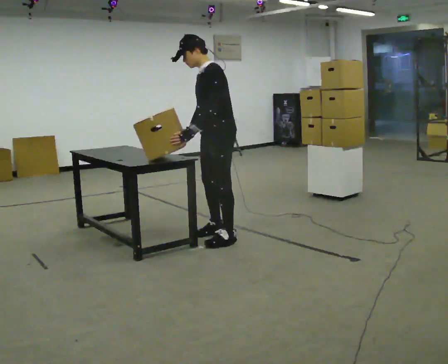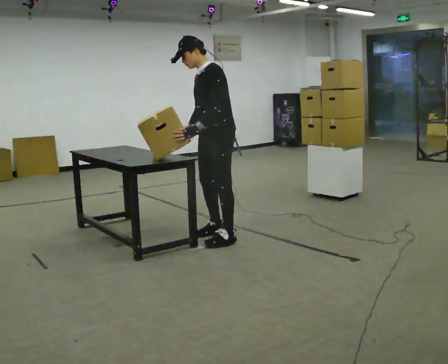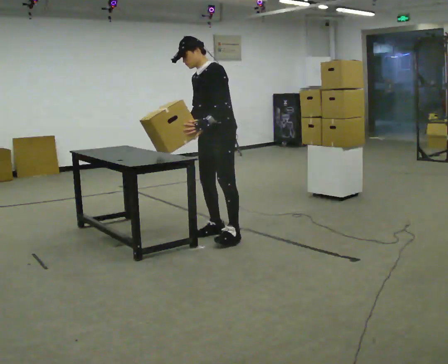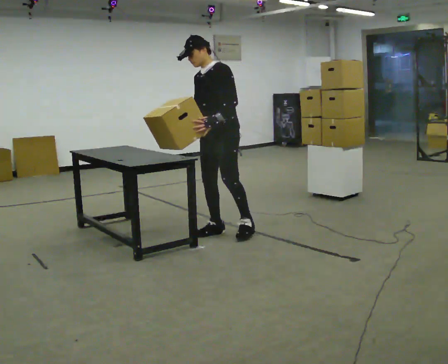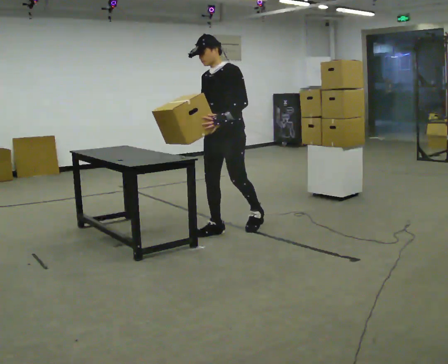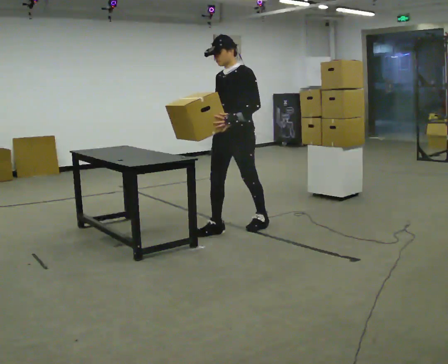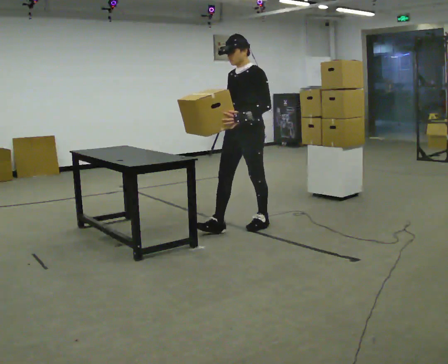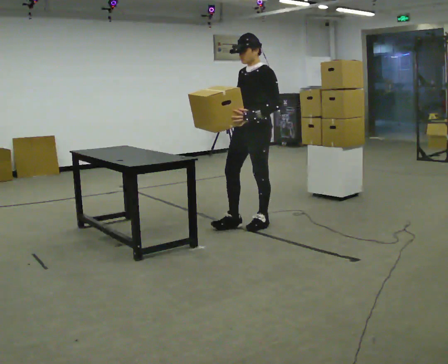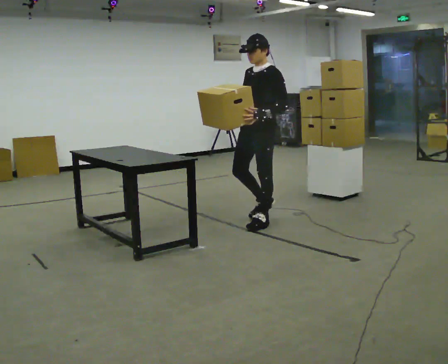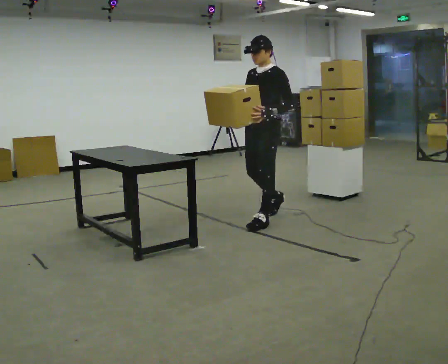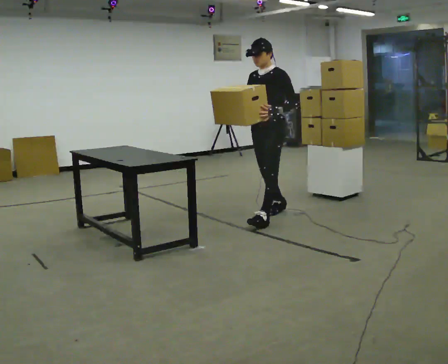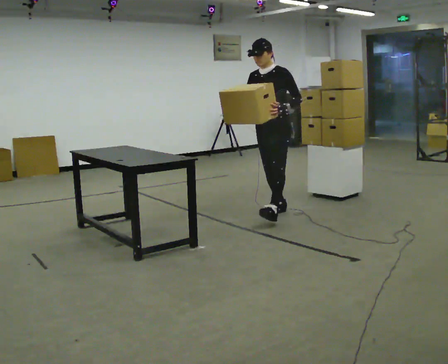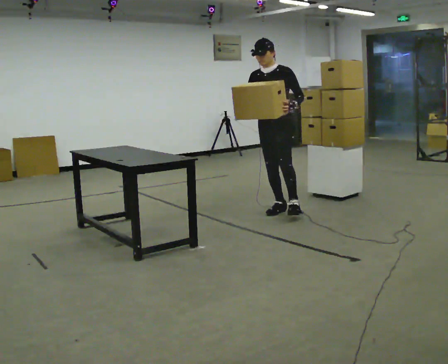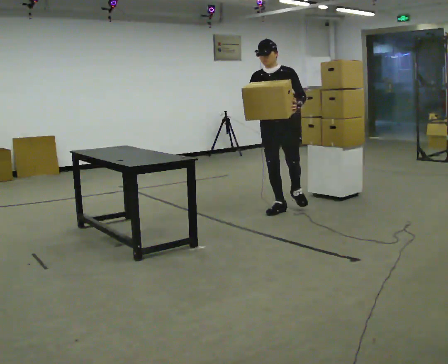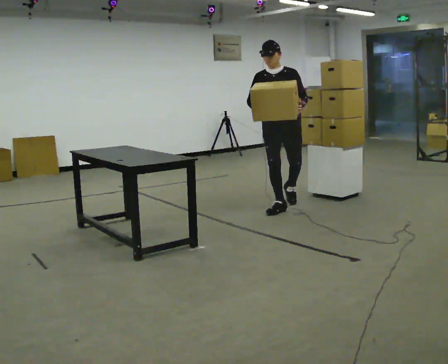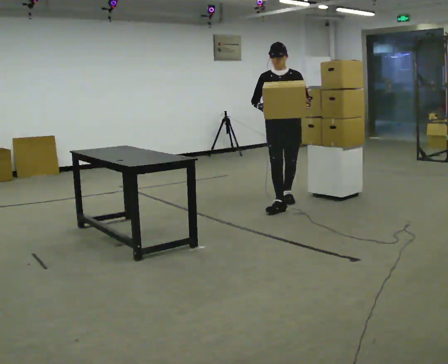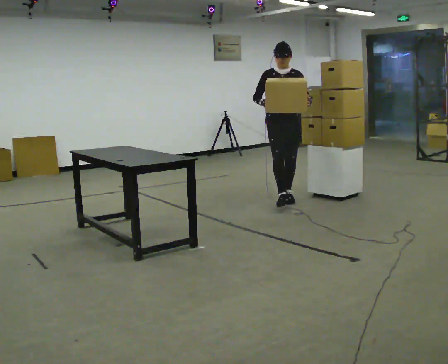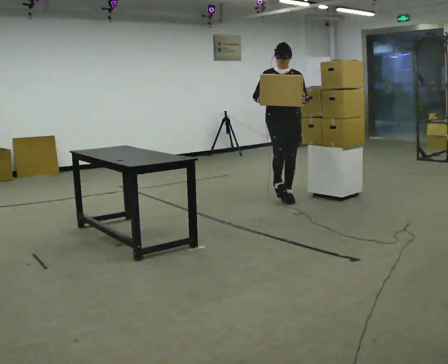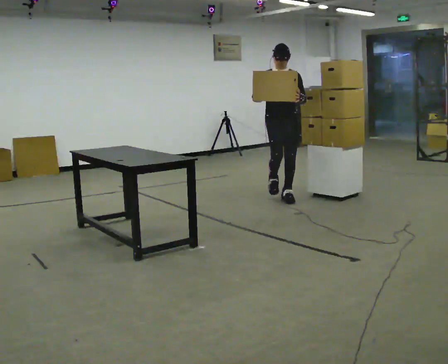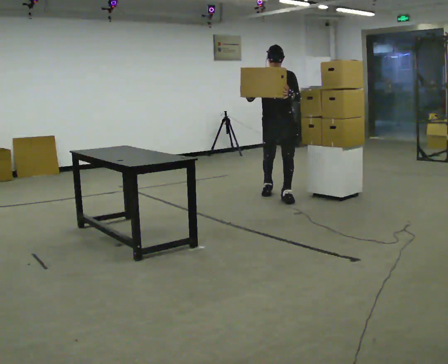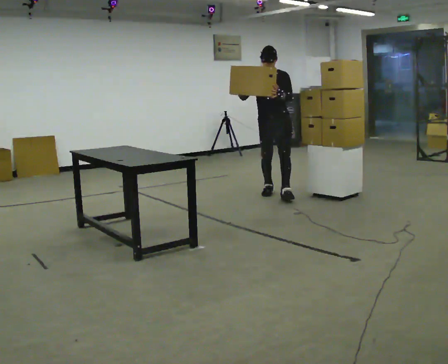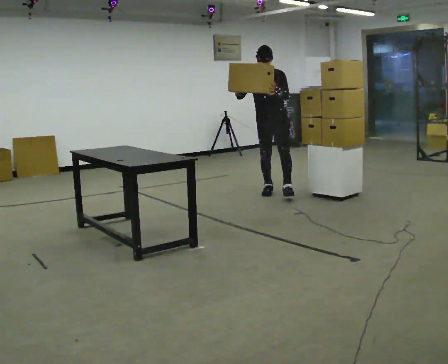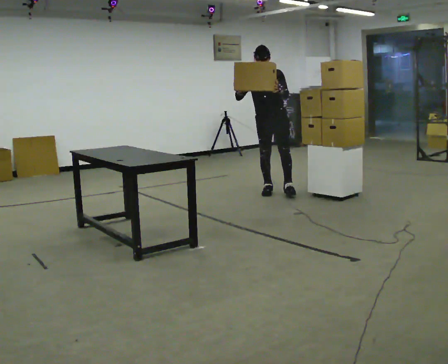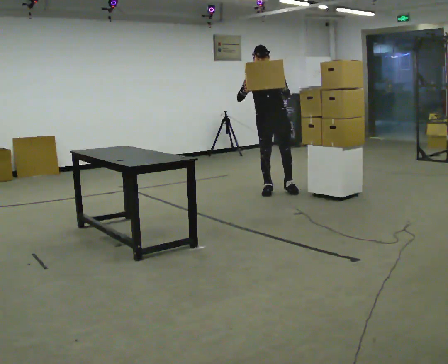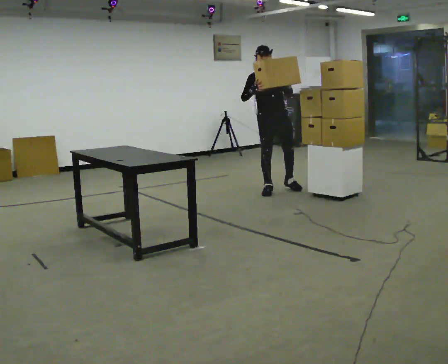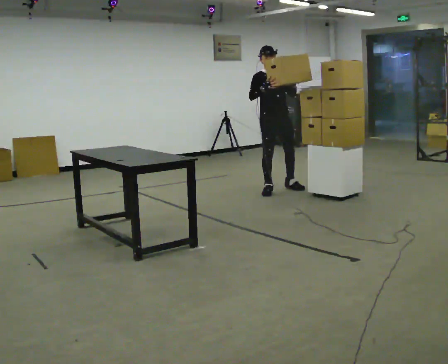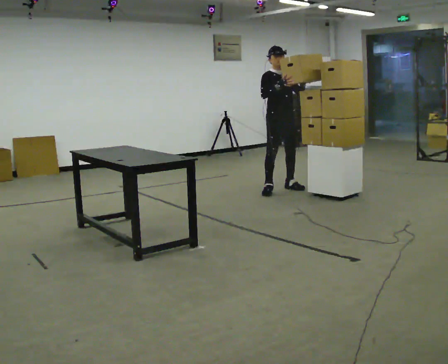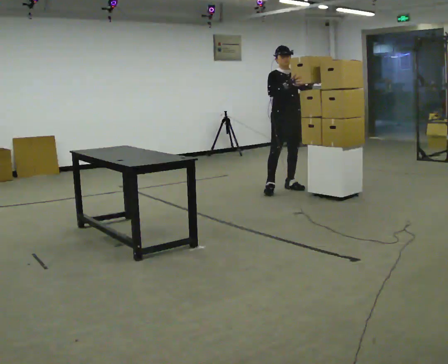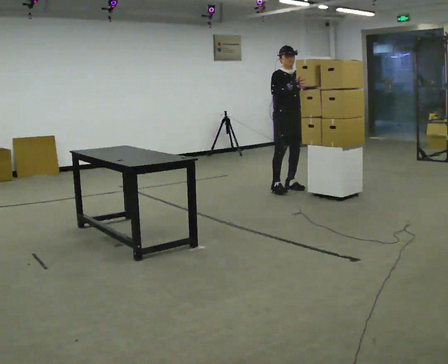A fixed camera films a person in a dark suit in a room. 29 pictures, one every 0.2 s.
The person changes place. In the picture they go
away from the camera.
0.0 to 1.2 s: Seen from above the body turns counterclockwise, about 30 degrees: to their left, with its near side sliding to the right. In the picture they go away from the camera and to the right, about 0.25 m in 1 step, which for them is backward.
1.2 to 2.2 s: In the picture they go away from the camera and to the right, about 0.5 m in 2 steps, which for them is backward.
2.2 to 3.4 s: Seen from above the body turns counterclockwise, about 45 degrees: to their left, with its near side sliding to the right. In the picture they go away from the camera, about 0.75 m in 1 step, which for them is backward.
3.4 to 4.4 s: The part of the body nearest the lens slides to the left as the person turns to their right by about 30 degrees. In the picture they go away from the camera, about 0.5 m in 1 step, which for them is backward and to their right.
4.4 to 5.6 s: The part of the body nearest the lens slides to the right as the person turns to their left by about 45 degrees. In the picture they go away from the camera, about 0.25 m, which for them is to their left and backward.
The film runs backward here.
